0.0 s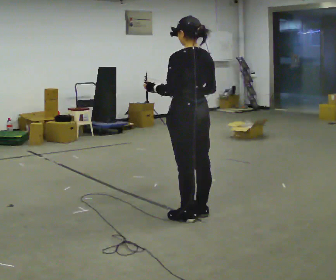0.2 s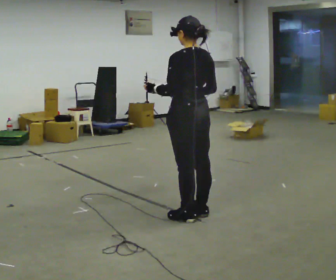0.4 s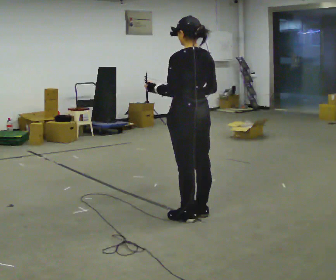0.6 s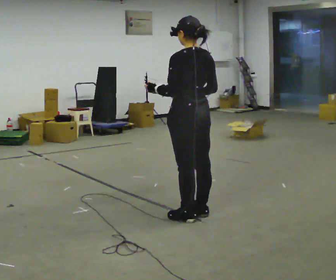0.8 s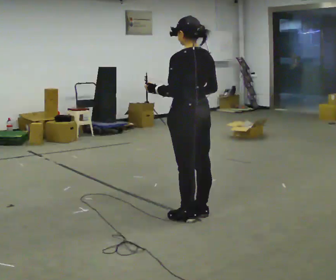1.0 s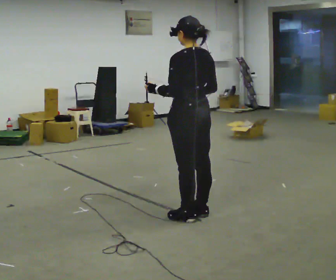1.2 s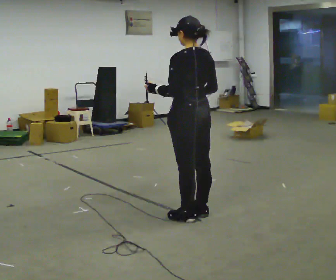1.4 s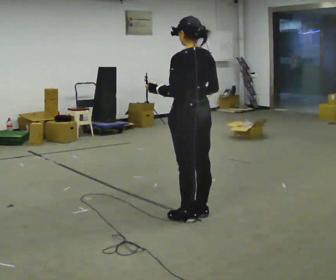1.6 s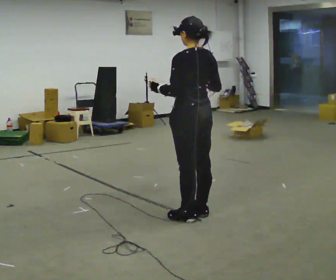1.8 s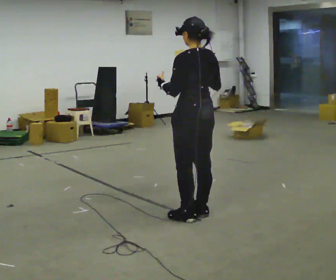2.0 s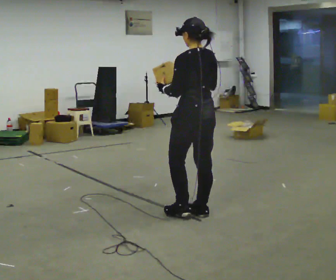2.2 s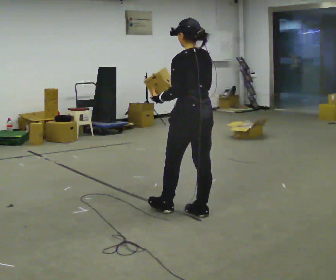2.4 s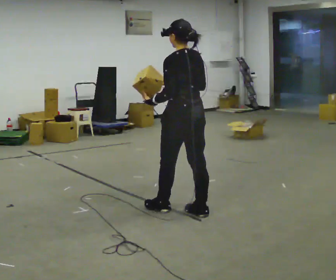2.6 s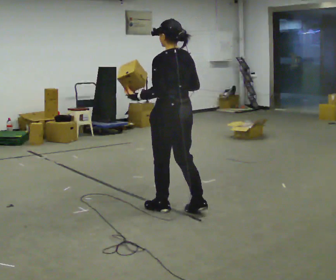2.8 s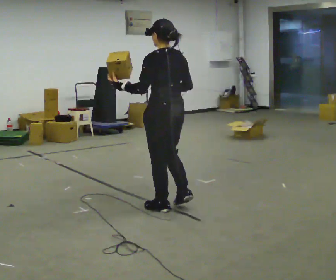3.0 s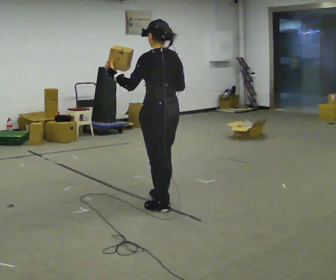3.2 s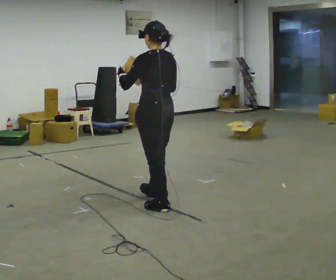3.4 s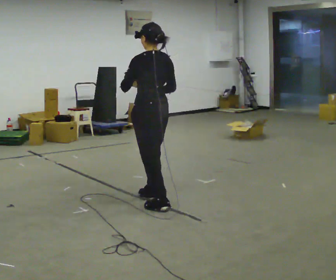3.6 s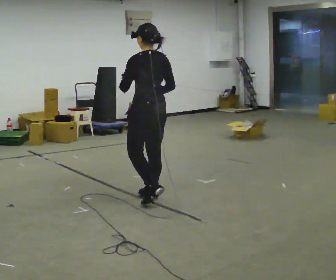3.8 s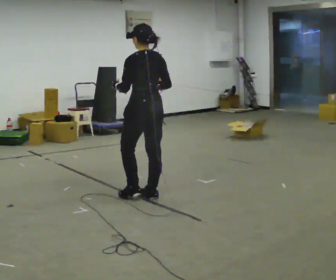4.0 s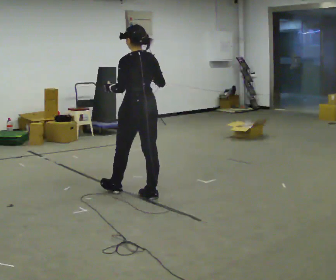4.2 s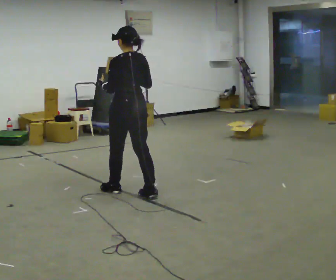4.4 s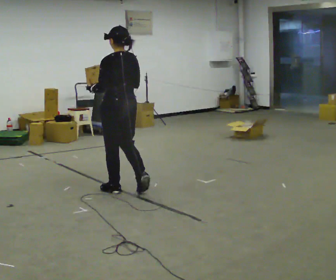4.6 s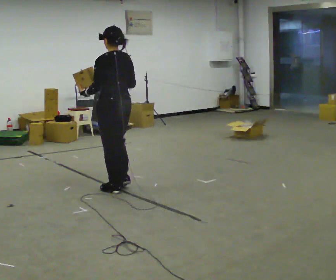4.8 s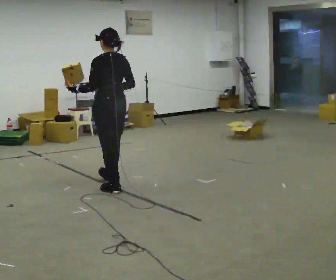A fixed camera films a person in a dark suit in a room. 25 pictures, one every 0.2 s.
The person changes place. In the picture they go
to the left.
0.0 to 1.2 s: The person keeps their place and pose.
1.2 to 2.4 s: The person moves a little, or ends about where they began.
2.4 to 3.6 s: In the picture they go to the left and away from the camera, about 0.5 m in 1 step, which for them is forward.
3.6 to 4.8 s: In the picture they go to the left and away from the camera, about 0.5 m in 2 steps, which for them is forward.
The film runs forward here.
